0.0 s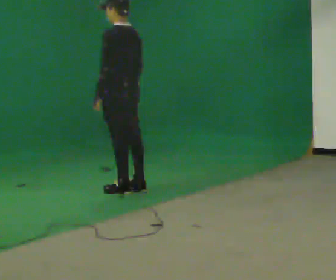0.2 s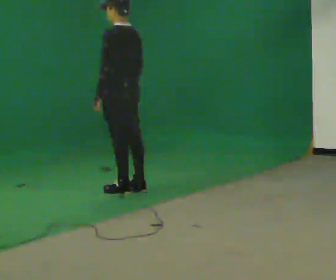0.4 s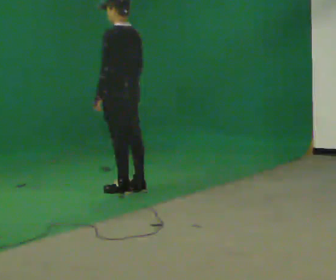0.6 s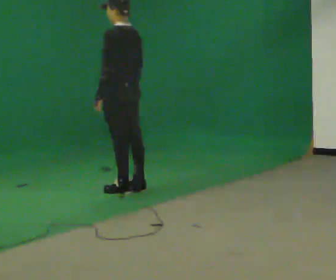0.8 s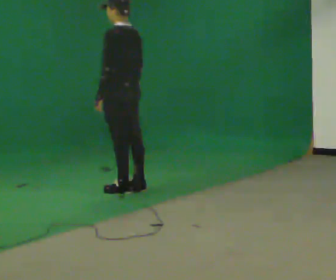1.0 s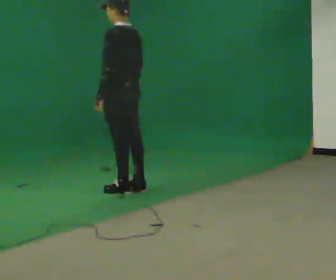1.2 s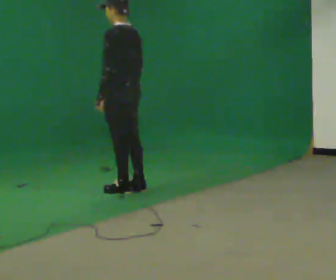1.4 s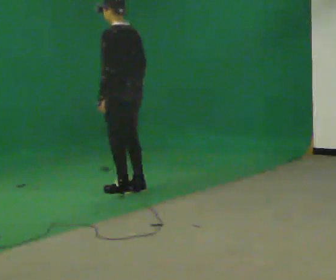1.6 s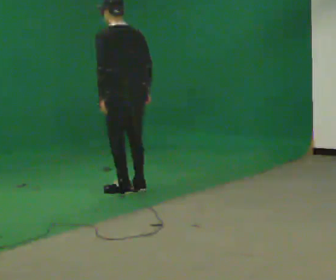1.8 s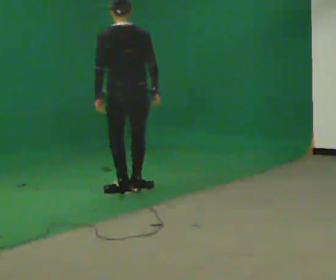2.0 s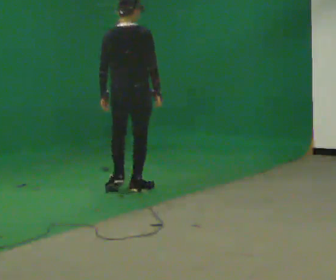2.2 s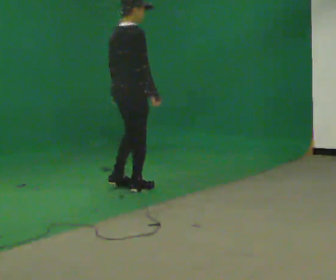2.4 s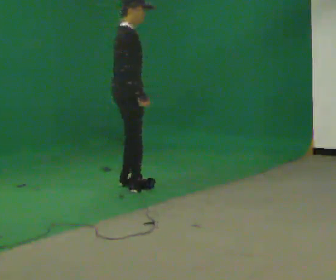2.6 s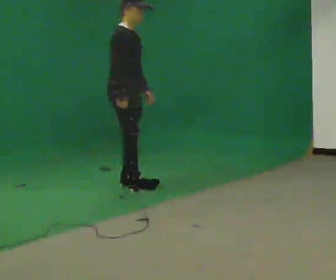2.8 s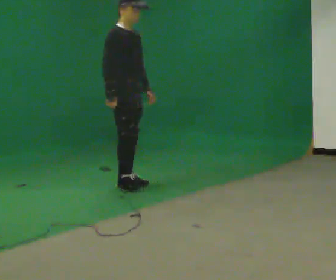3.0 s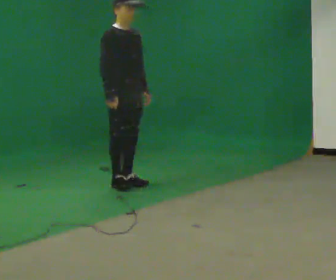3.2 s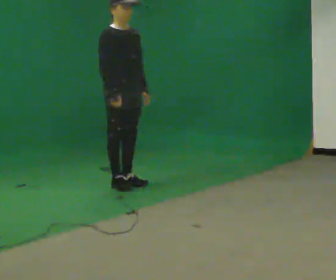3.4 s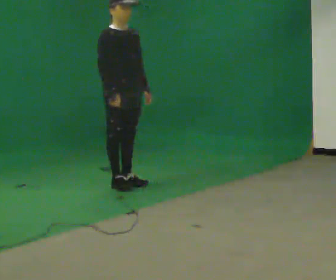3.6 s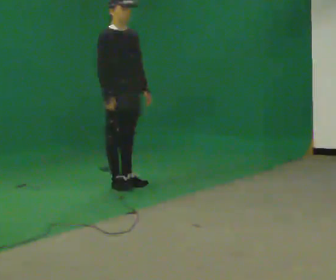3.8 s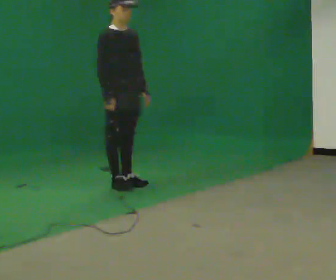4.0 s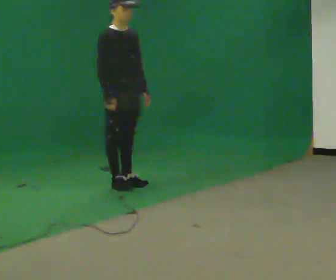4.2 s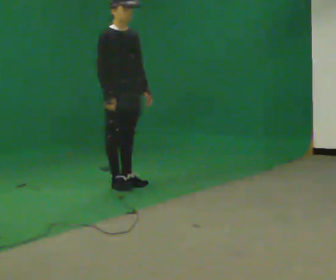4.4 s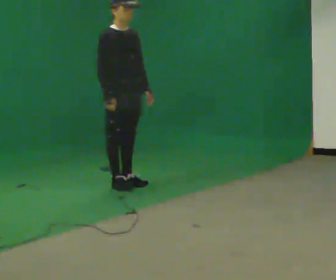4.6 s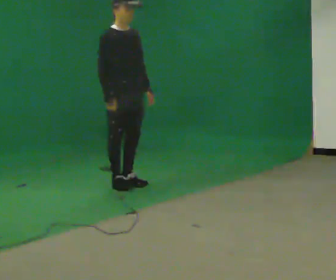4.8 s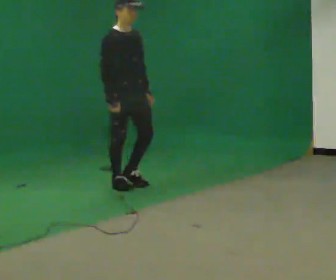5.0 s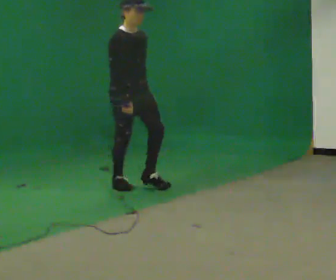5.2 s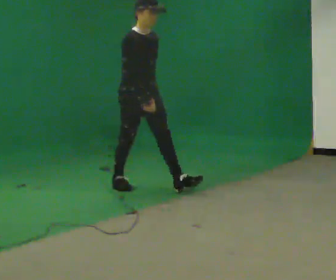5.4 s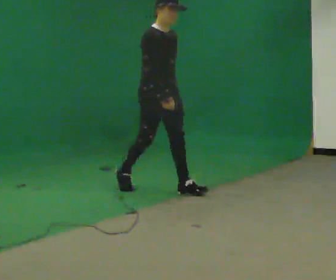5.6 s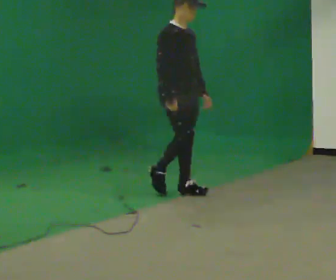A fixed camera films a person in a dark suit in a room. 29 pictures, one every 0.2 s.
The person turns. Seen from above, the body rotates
clockwise.
The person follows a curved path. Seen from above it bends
clockwise.
0.0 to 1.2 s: The person keeps their place and pose.
1.2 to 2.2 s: The person turns about 120 degrees to their right, clockwise seen from above, so the part of the body nearest the lens slides to the left.
2.2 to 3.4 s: The person turns about 75 degrees to their right, clockwise seen from above, so the part of the body nearest the lens slides to the left.
3.4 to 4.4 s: The person moves a little, or ends about where they began.
4.4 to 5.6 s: In the picture they go to the right and toward the camera, about 0.75 m in 1 step, which for them is forward.
The film runs forward here.
